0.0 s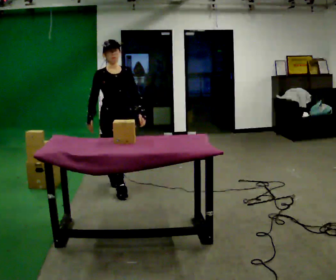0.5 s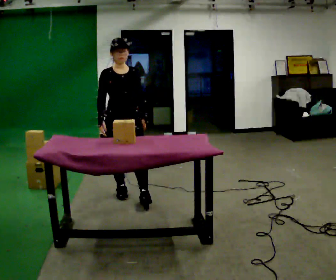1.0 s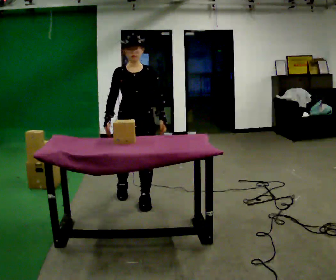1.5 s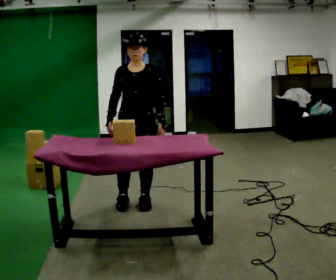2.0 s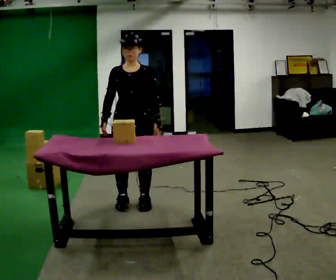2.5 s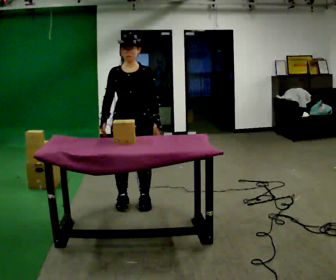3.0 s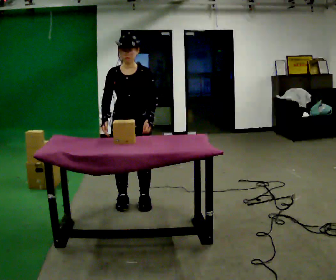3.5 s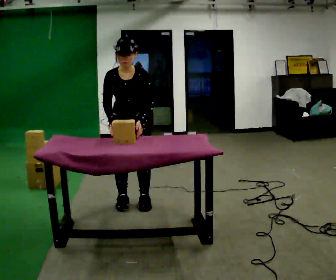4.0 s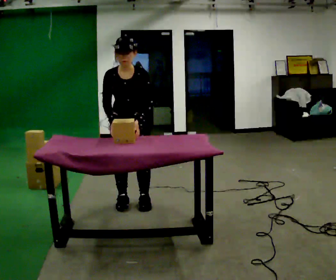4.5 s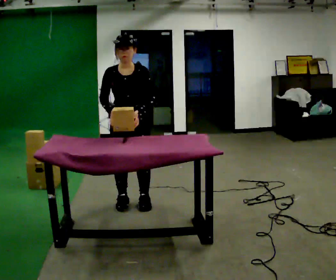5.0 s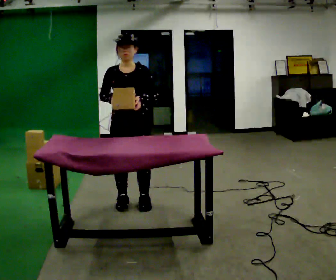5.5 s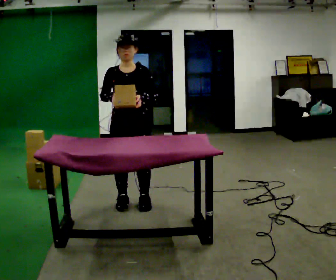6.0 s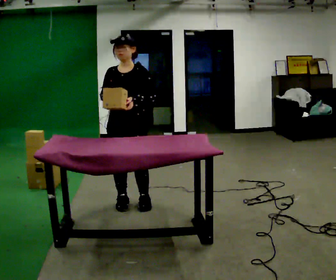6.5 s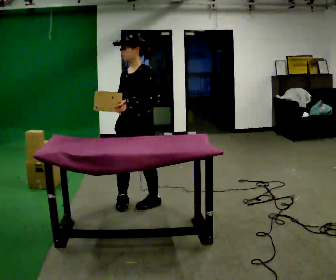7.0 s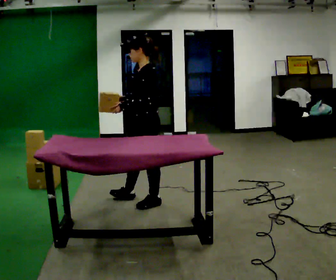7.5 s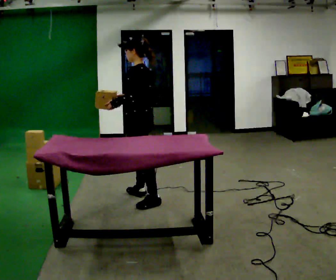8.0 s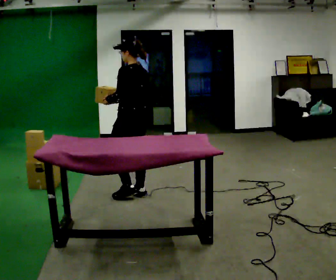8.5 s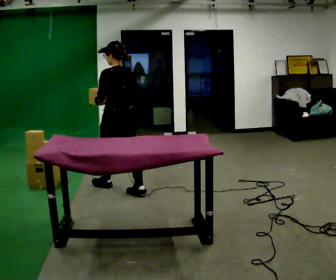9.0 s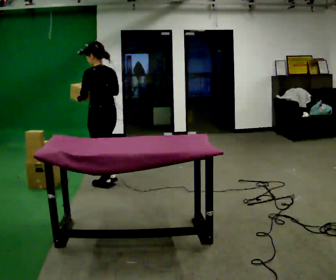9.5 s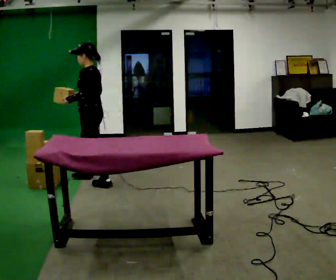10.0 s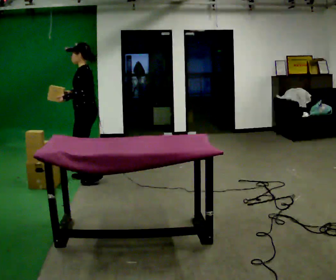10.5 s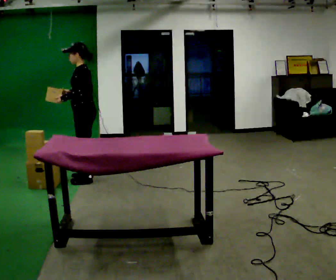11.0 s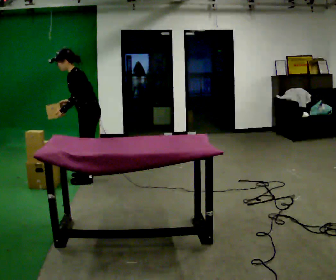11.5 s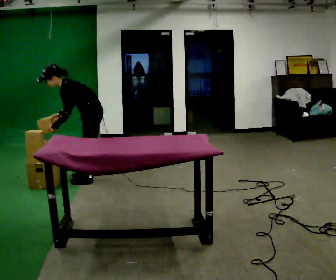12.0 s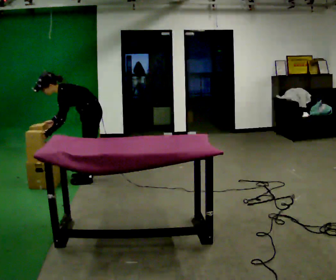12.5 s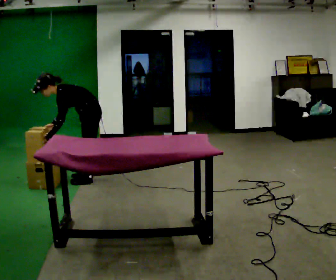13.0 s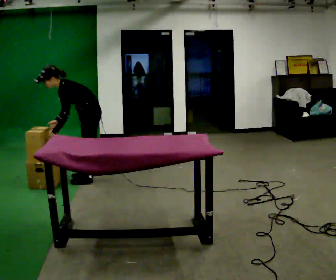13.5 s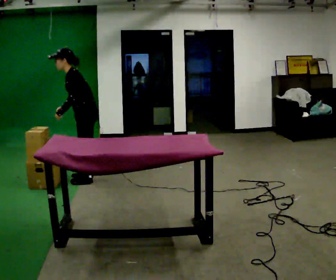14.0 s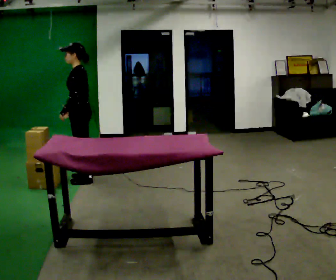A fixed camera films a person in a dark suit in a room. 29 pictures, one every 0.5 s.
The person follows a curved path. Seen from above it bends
counterclockwise.
0.0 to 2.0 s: The person turns about 30 degrees to their right, clockwise seen from above, so the part of the body nearest the lens slides to the left. In the picture they go toward the camera and to the right, about 0.5 m in 2 steps, which for them is forward.
2.0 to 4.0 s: The upper body tips toward the camera, its near side rolling downward, as they bend forward.
4.0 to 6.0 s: The upper body tips away from the camera, its near side rolling upward, as they lean back or straighten.
6.0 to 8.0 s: The part of the body nearest the lens slides to the left as the person turns to their right by about 105 degrees. In the picture they go away from the camera, about 0.25 m in 1 step.
8.0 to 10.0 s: Seen from above the body turns counterclockwise, about 45 degrees: to their left, with its near side sliding to the right. In the picture they go away from the camera and to the left, about 1 m in 2 steps.
10.0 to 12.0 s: The upper body goes downward. In the picture the upper body tilts counterclockwise, shoulders to the left, as they bend forward. In the picture their left hand goes downward.
12.0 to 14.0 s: The upper body goes upward. In the picture the upper body tilts clockwise, shoulders to the right, as they lean back or straighten.
The film runs forward here.
